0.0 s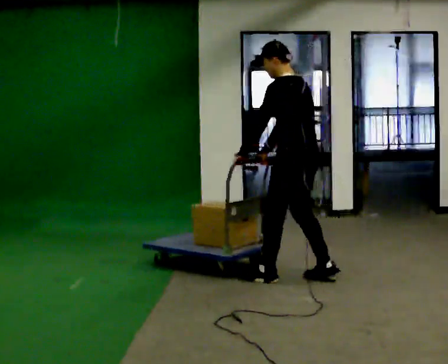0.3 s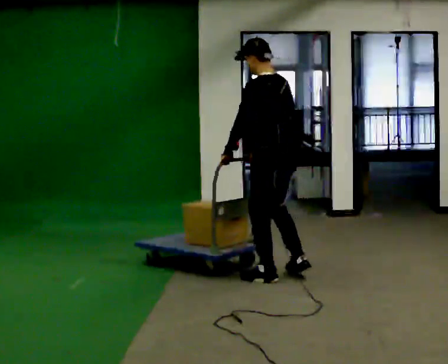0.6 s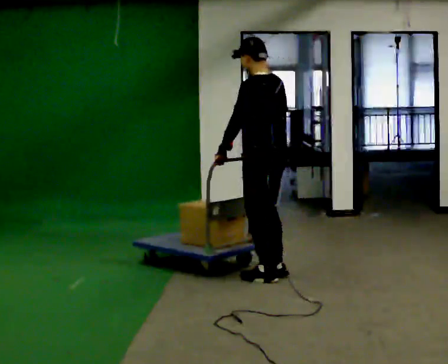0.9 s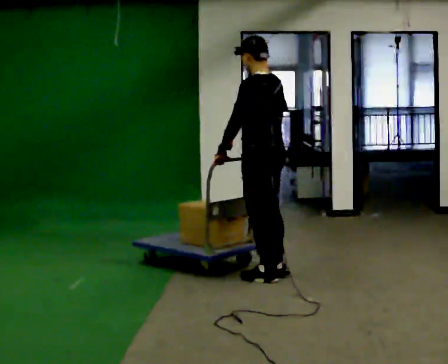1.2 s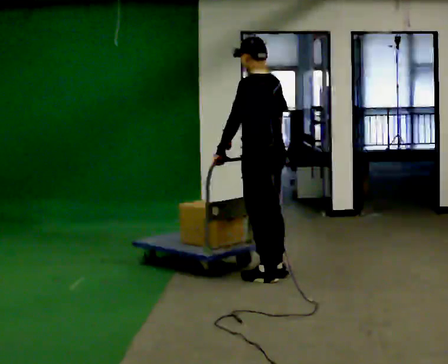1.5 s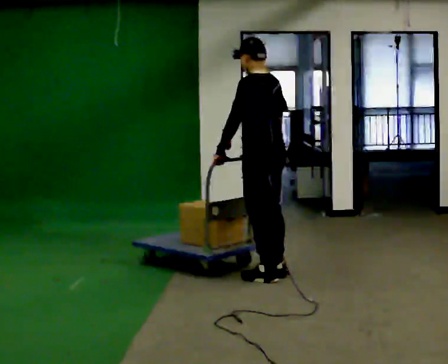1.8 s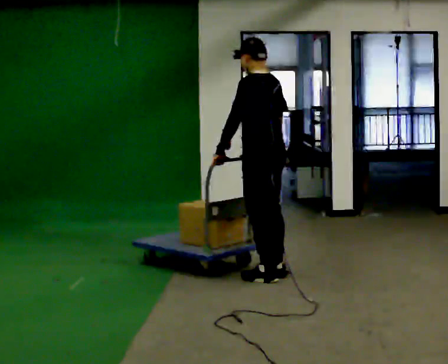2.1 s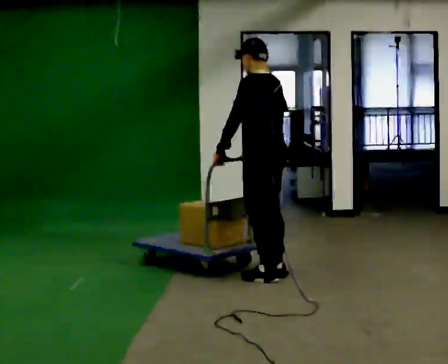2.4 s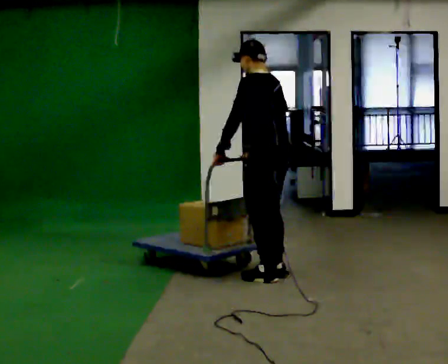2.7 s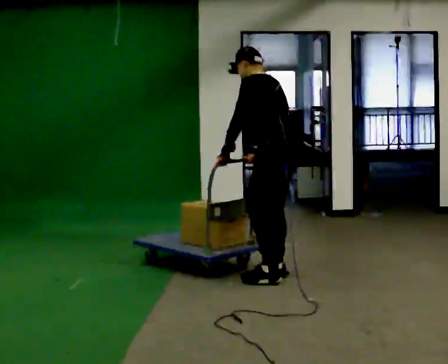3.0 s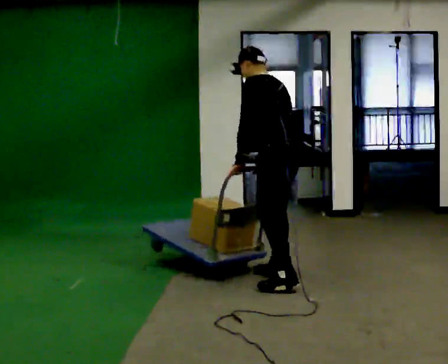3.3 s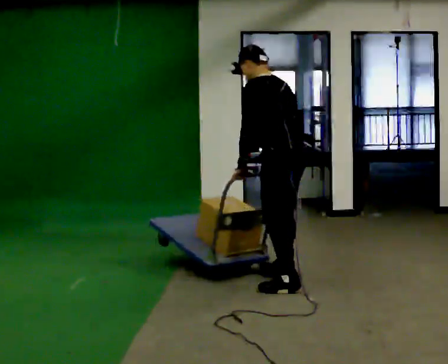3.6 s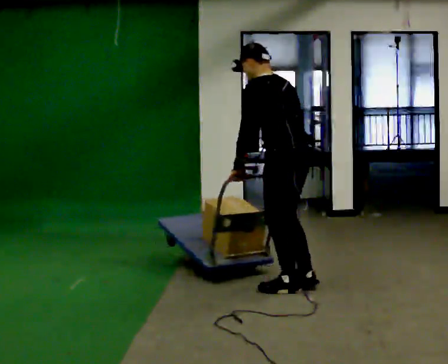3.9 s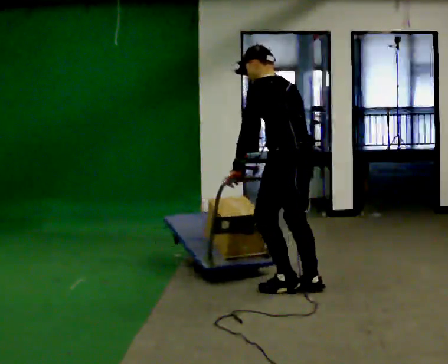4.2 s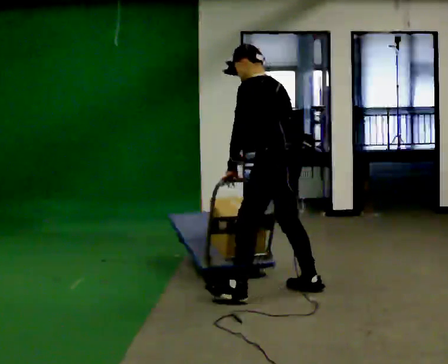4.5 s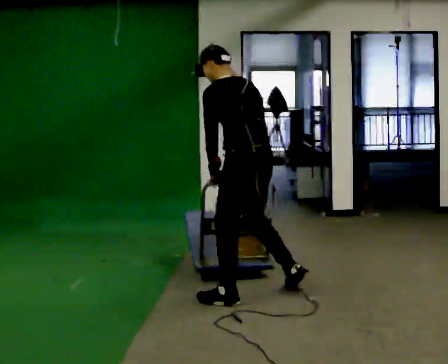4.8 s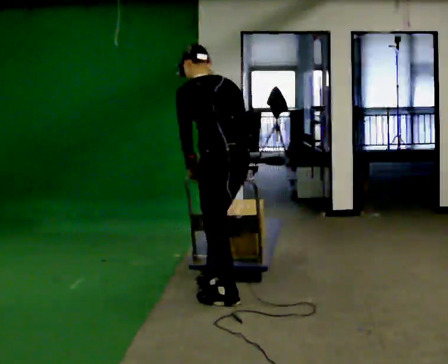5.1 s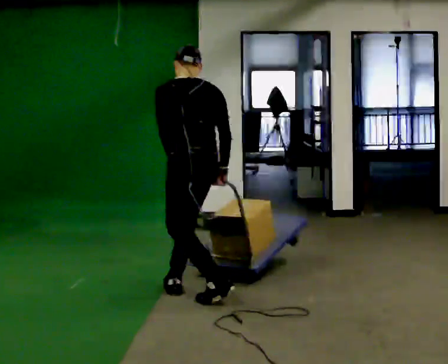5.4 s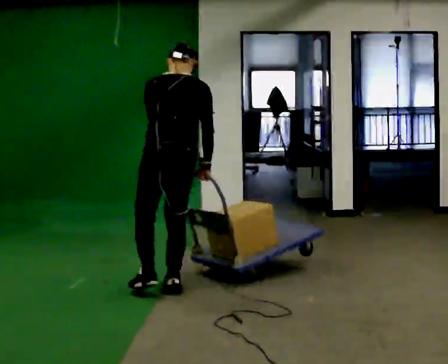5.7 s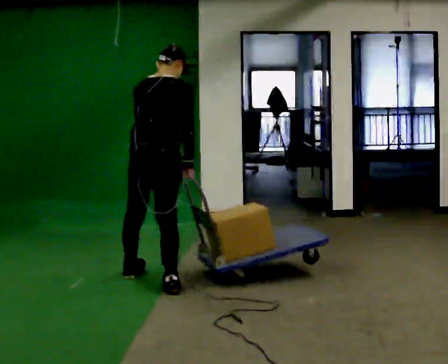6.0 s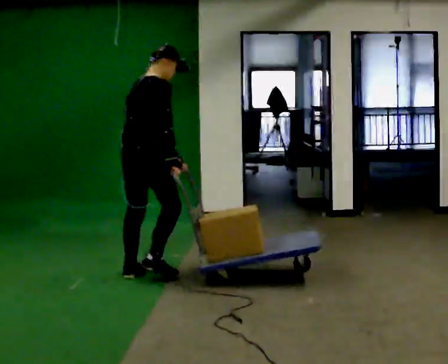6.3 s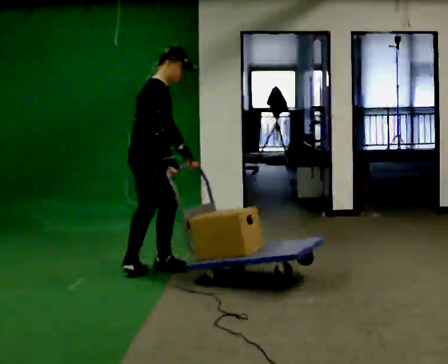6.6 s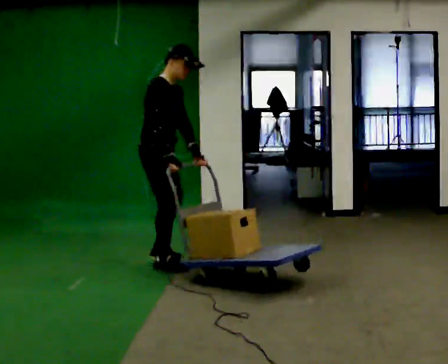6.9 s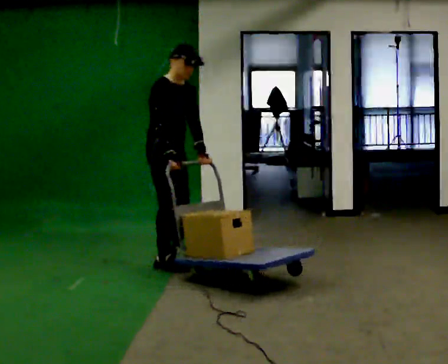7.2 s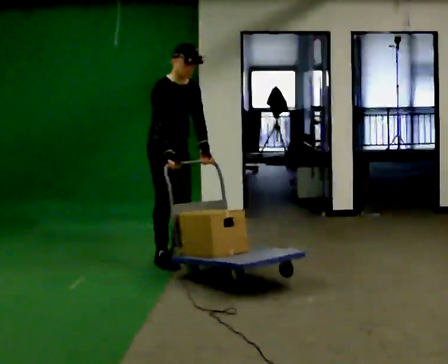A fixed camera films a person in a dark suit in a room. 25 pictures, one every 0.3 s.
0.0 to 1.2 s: In the picture they go to the left, about 0.25 m in 1 step, which for them is forward.
1.2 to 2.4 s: The person moves a little, or ends about where they began.
2.4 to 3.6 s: In the picture they go toward the camera, about 0.5 m in 1 step, which for them is backward and to their left.
3.6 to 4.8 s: In the picture they go to the left and toward the camera, about 0.5 m in 2 steps, which for them is to their left and forward.
4.8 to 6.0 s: The part of the body nearest the lens slides to the left as the person turns to their right by about 90 degrees. In the picture they go to the left and away from the camera, about 1 m in 2 steps. In the picture the upper body tilts clockwise, shoulders to the right.
6.0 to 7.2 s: The person turns about 90 degrees to their right, clockwise seen from above, so the part of the body nearest the lens slides to the left. In the picture they go away from the camera, about 0.5 m in 3 steps.
The film runs forward here.
